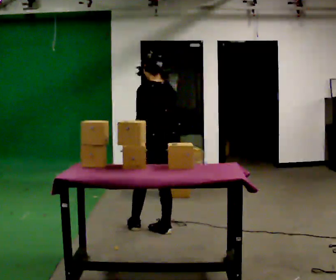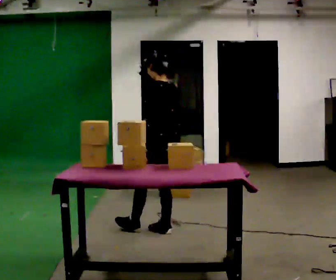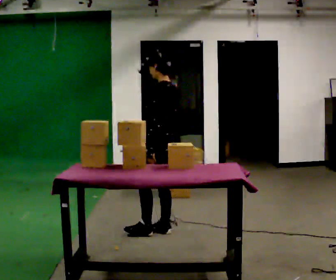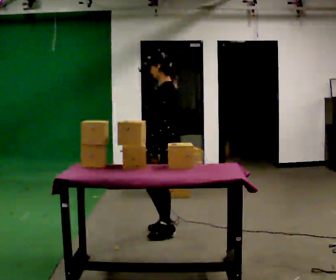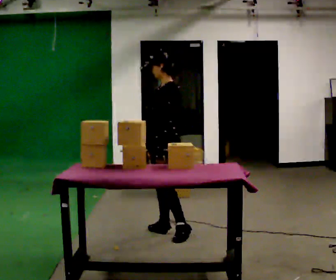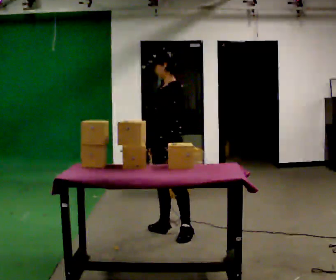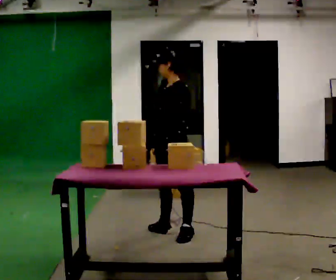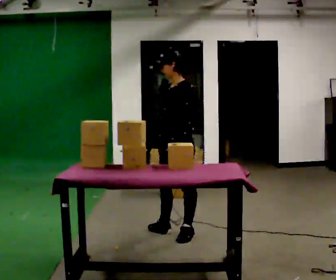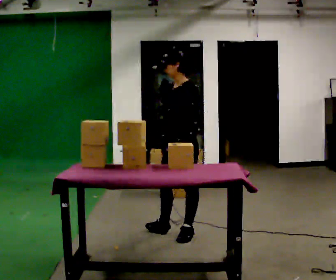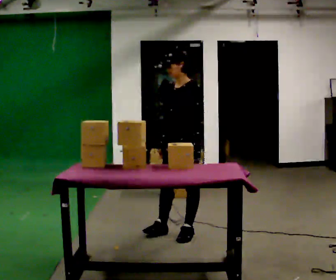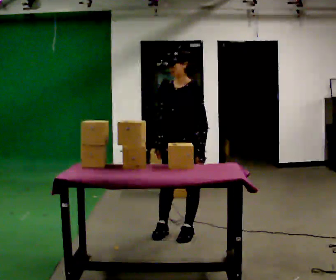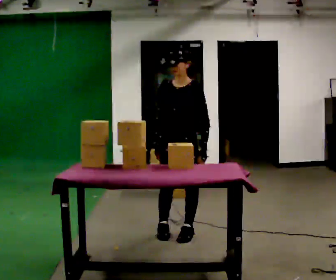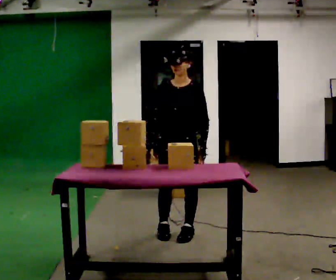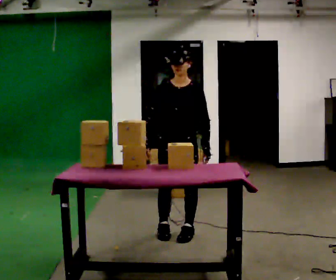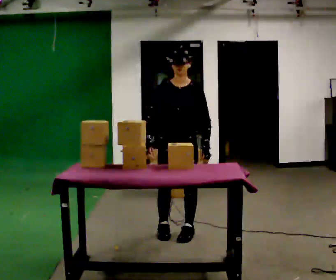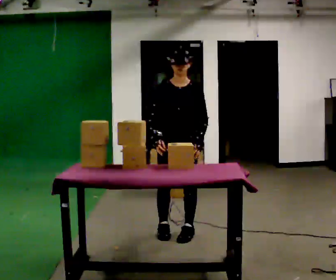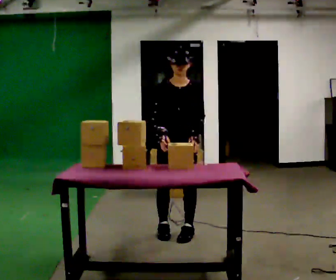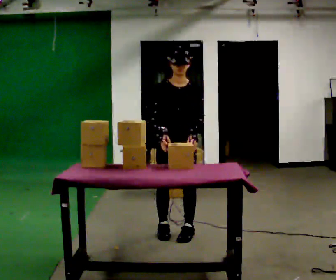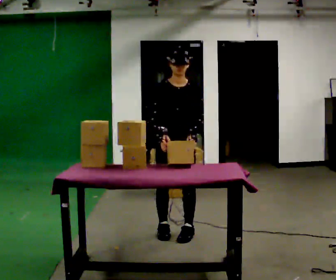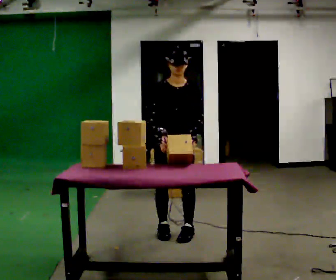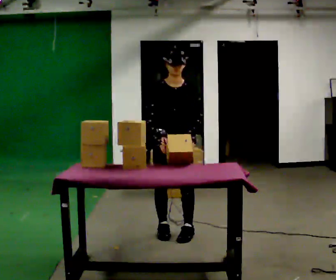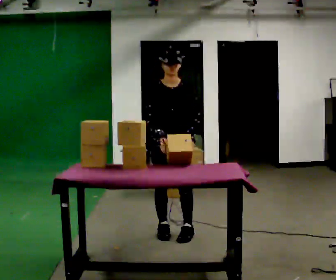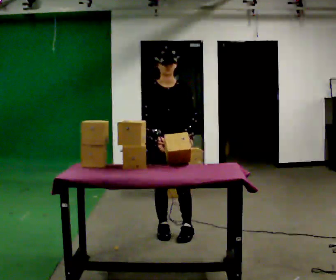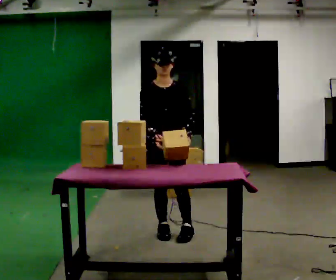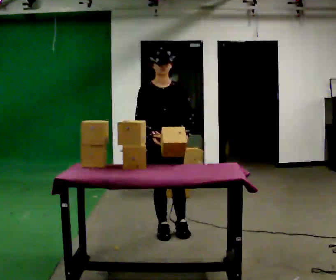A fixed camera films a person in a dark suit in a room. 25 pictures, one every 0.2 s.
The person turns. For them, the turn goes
to their left.
The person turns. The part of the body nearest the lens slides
to the right.
0.0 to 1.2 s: The part of the body nearest the lens slides to the right as the person turns to their left by about 75 degrees. In the picture they go to the right, about 0.25 m in 1 step.
1.2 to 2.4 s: The part of the body nearest the lens slides to the right as the person turns to their left by about 45 degrees.
2.4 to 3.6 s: The part of the body nearest the lens slides to the right as the person turns to their left by about 30 degrees.
3.6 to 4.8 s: The person moves a little, or ends about where they began.
The film runs backward here.
